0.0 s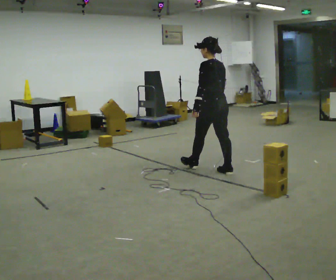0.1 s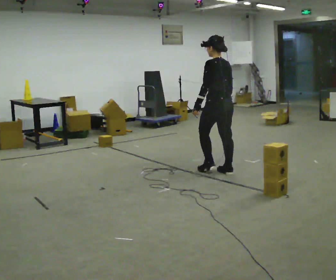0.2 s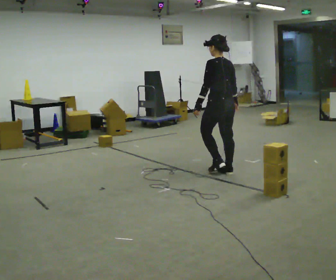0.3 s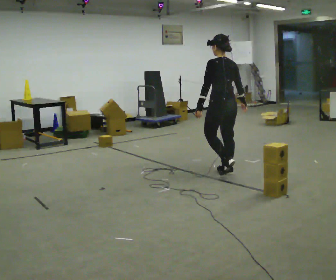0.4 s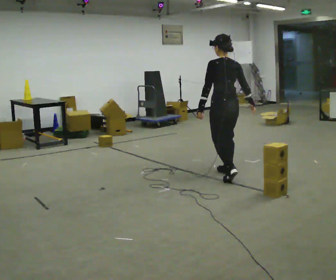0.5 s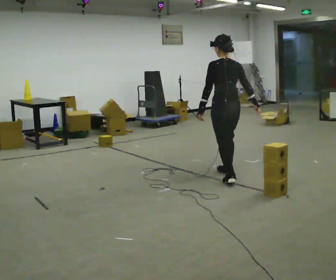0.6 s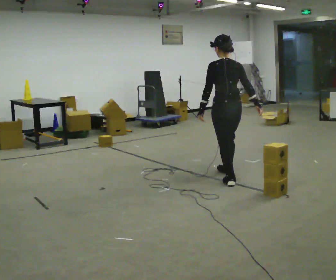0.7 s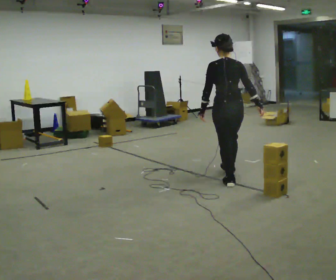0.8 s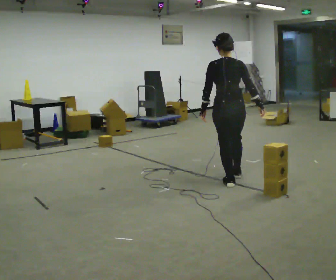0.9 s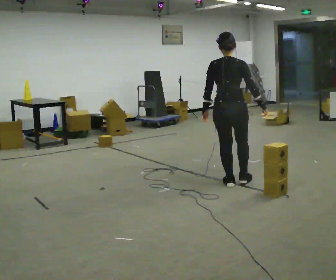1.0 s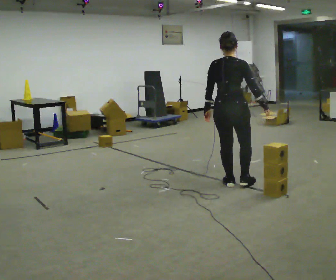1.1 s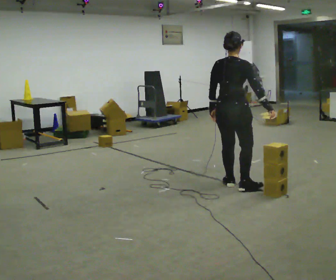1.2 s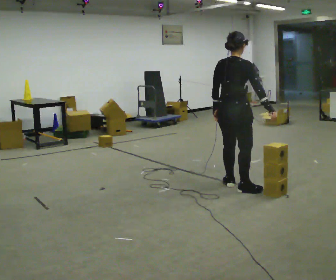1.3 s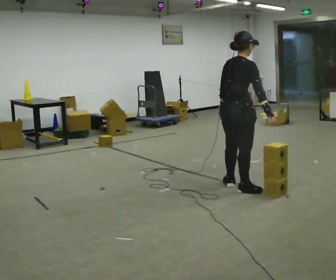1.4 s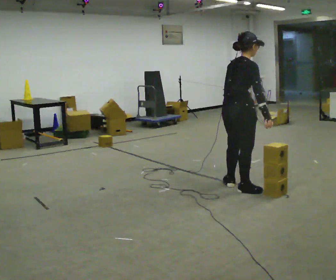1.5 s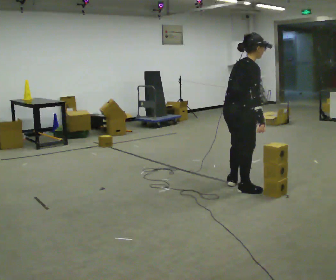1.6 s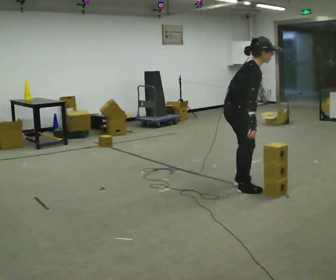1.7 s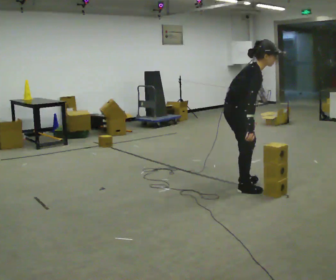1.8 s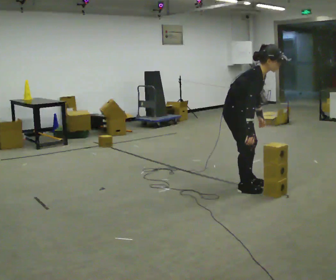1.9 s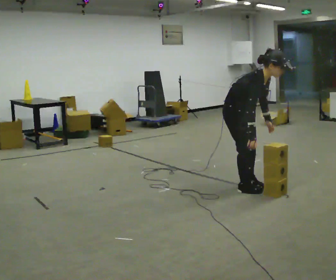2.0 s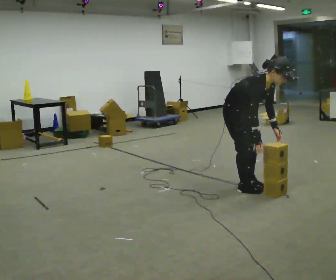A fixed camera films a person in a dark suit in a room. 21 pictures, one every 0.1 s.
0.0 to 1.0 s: The person turns about 60 degrees to their right, clockwise seen from above, so the part of the body nearest the lens slides to the left. In the picture they go toward the camera, about 0.5 m in 1 step, which for them is backward.
1.0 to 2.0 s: Seen from above the body turns clockwise, about 105 degrees: to their right, with its near side sliding to the left. The upper body goes downward. In the picture the upper body tilts clockwise, shoulders to the right, as they bend forward.
The film runs backward here.
